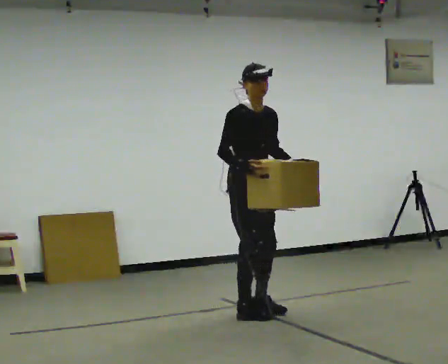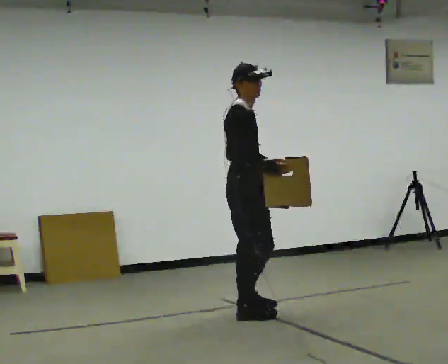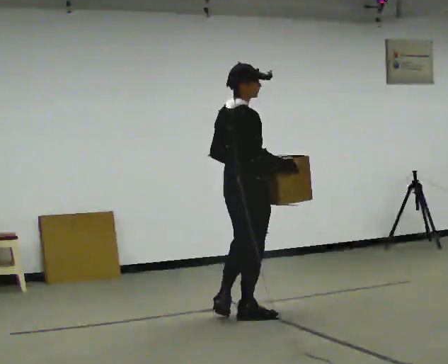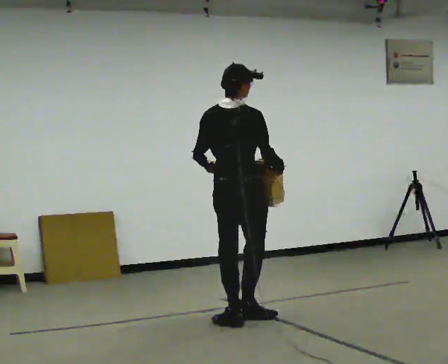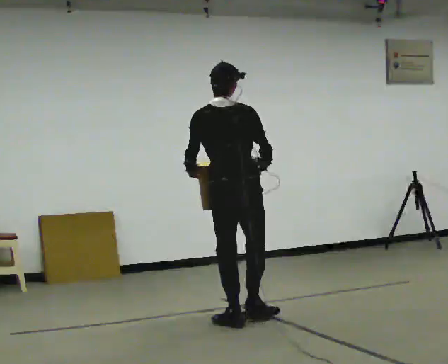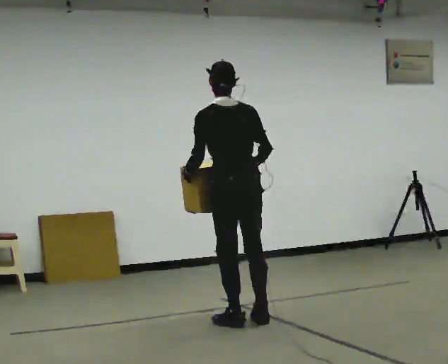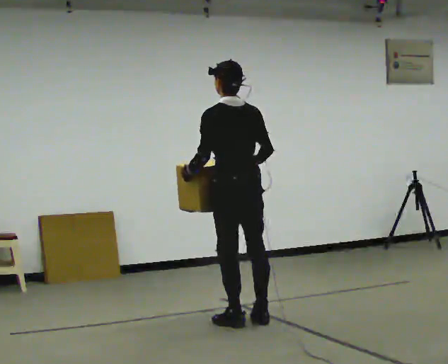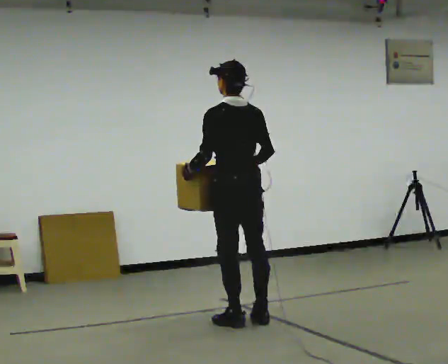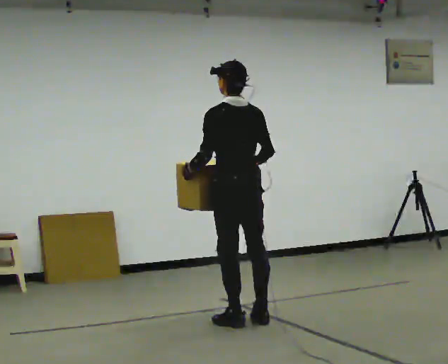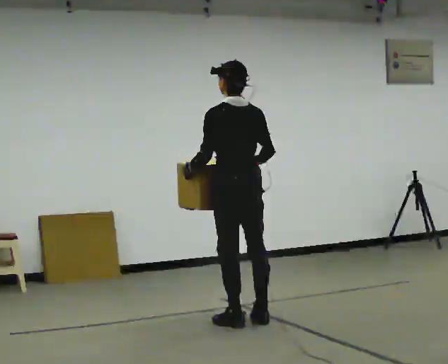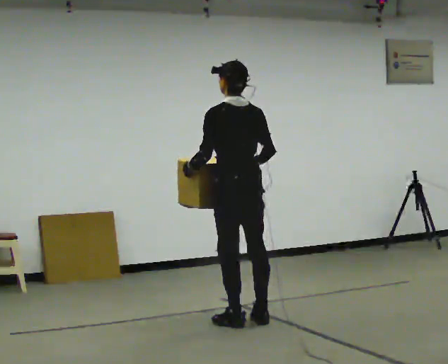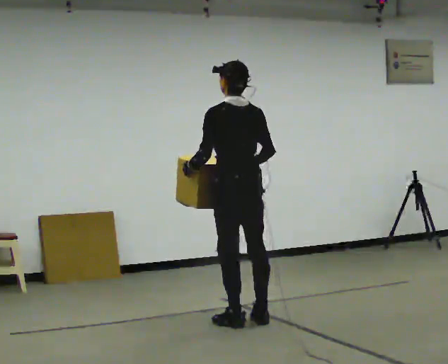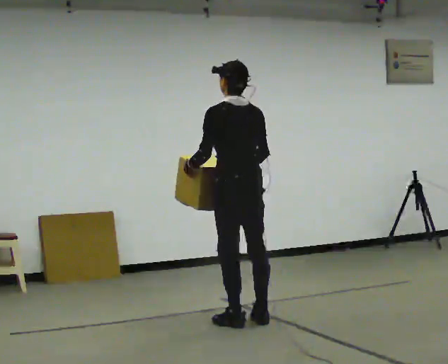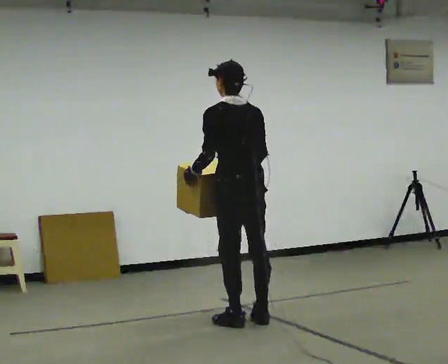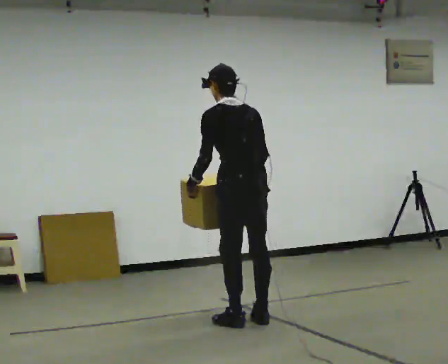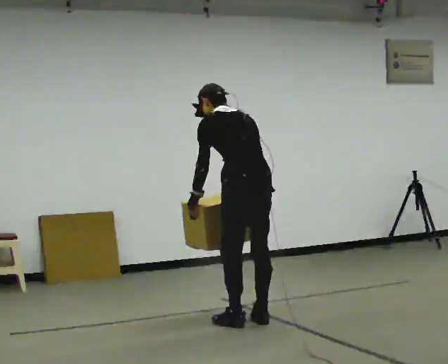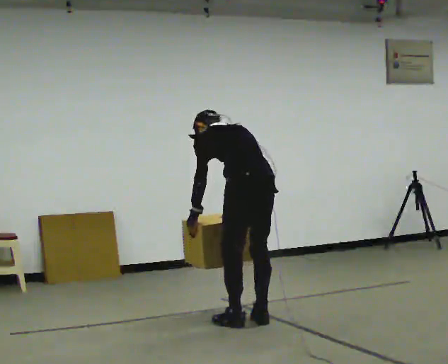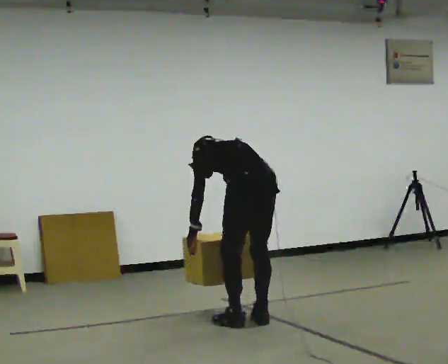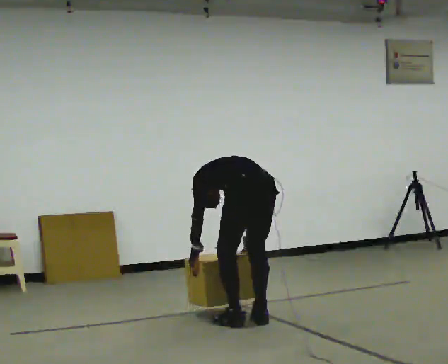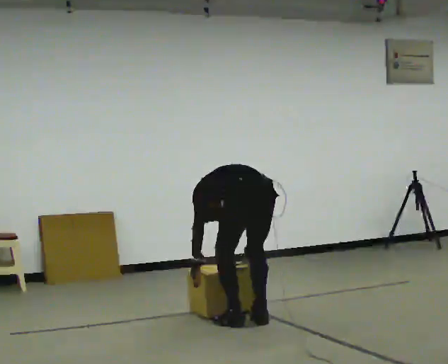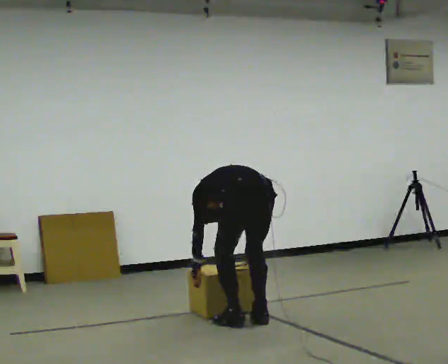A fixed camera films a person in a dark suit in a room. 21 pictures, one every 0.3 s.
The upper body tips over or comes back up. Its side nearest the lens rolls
upward.
Their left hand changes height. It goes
downward.
0.0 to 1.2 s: Seen from above the body turns counterclockwise, about 135 degrees: to their left, with its near side sliding to the right. In the picture they go toward the camera, about 0.25 m in 2 steps.
1.2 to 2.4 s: The person turns about 30 degrees to their left, counterclockwise seen from above, so the part of the body nearest the lens slides to the right.
2.4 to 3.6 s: The person keeps their place and pose.
3.6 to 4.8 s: The shoulders move downward. The upper body tips away from the camera, its near side rolling upward, as they bend forward.
4.8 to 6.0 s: The upper body goes downward. The upper body tips away from the camera, its near side rolling upward, as they bend forward. In the picture their right hand goes downward.
The film runs backward here.
